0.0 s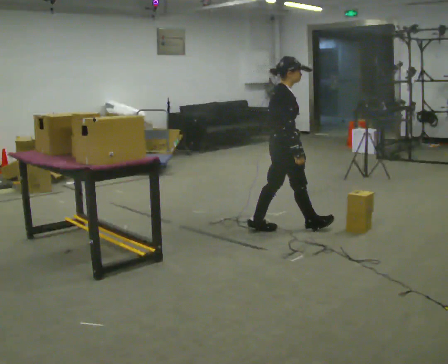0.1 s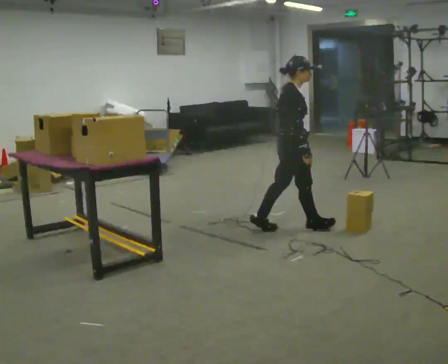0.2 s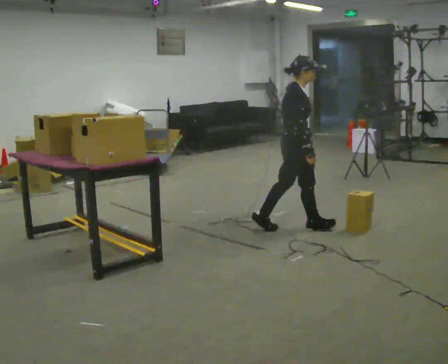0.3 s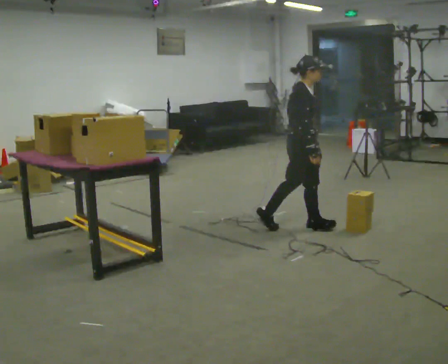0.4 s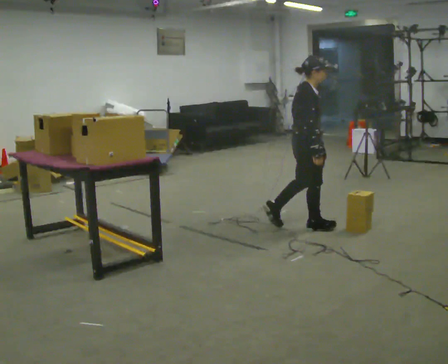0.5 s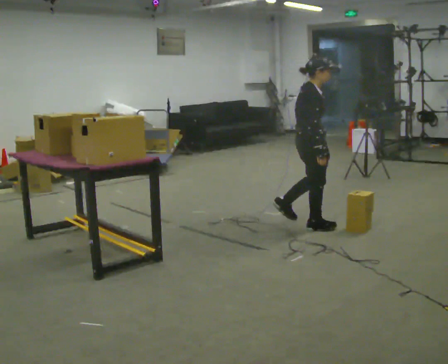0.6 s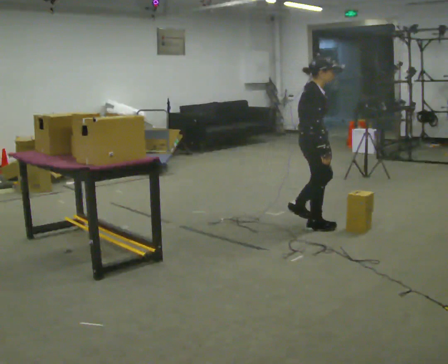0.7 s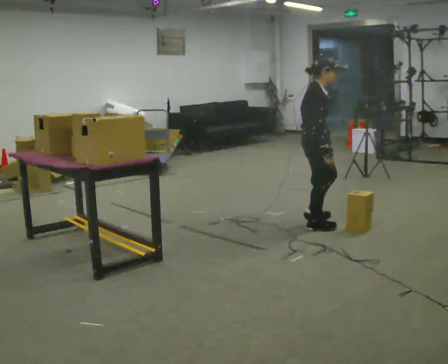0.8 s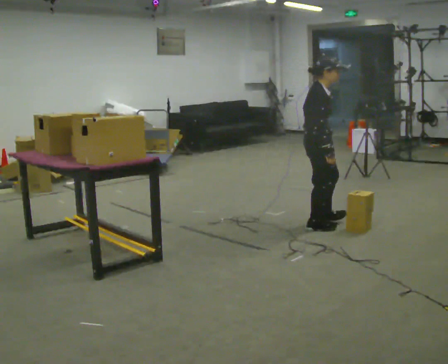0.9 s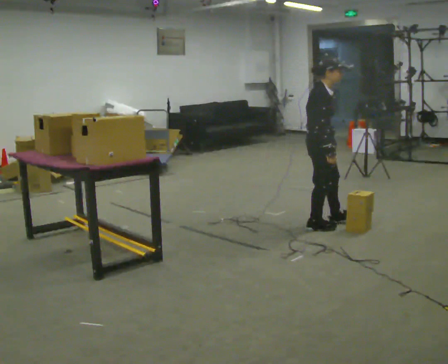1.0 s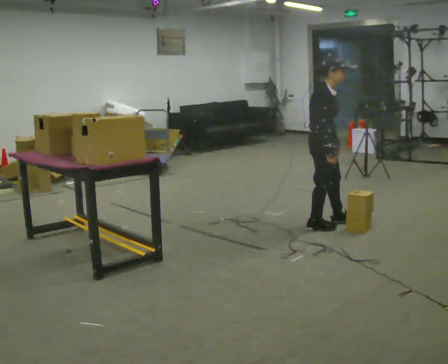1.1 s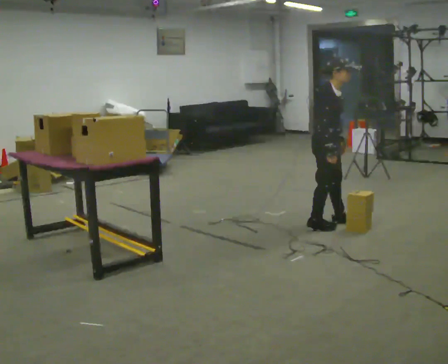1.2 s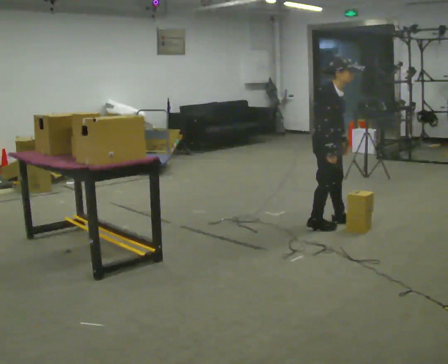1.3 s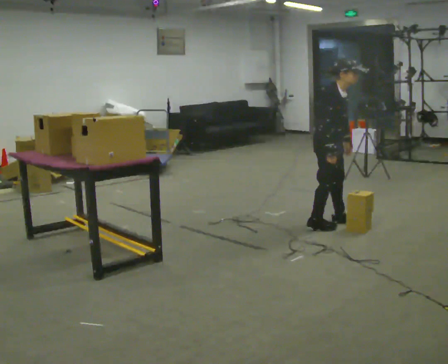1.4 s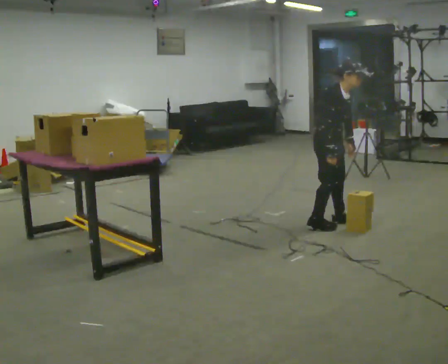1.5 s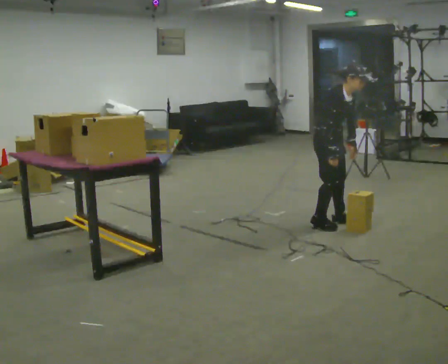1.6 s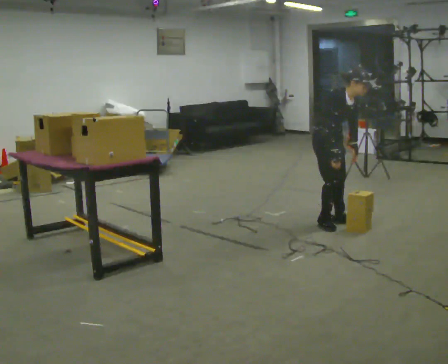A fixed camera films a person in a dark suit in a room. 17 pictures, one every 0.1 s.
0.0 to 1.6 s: Seen from above the body turns clockwise, about 45 degrees: to their right, with its near side sliding to the left. In the picture they go to the right and away from the camera, about 0.5 m in 1 step, which for them is forward and to their left. In the picture the upper body tilts clockwise, shoulders to the right, as they bend forward.
The film runs forward here.
